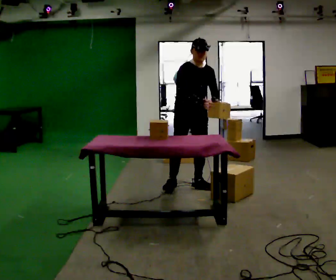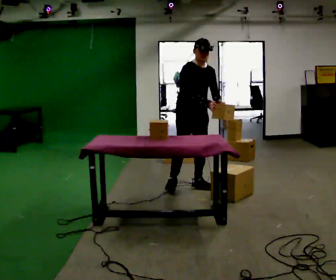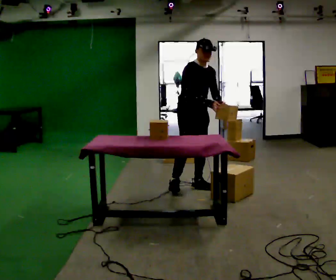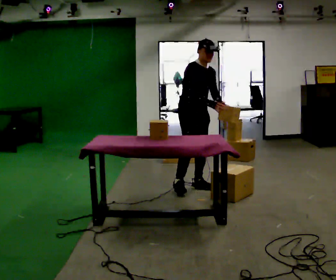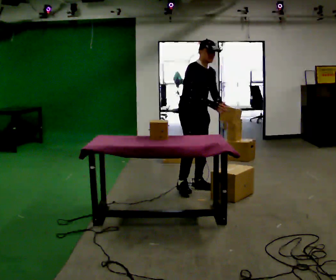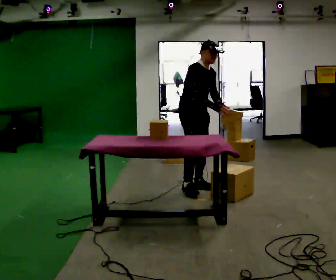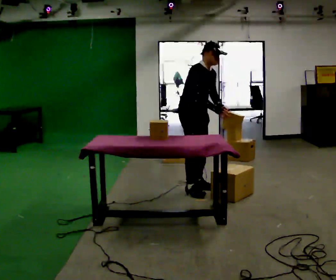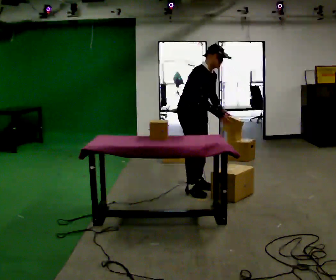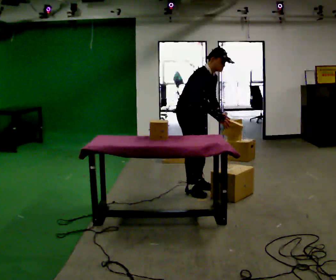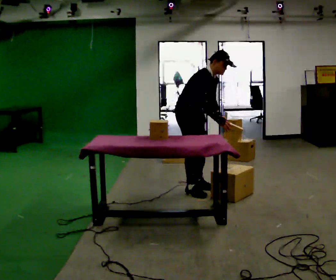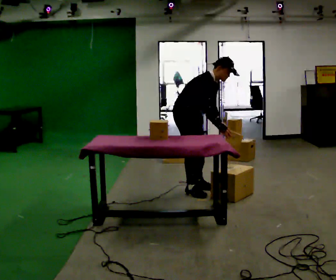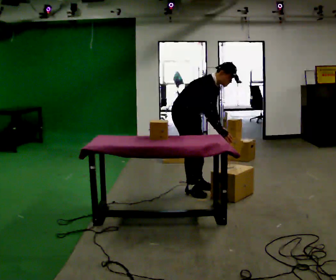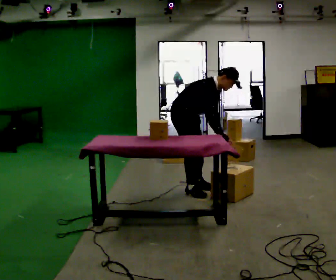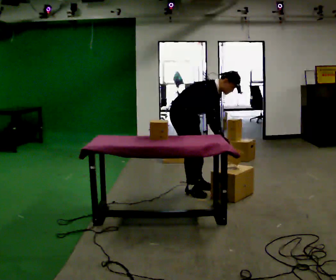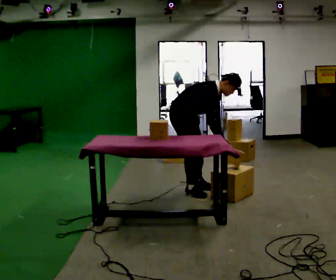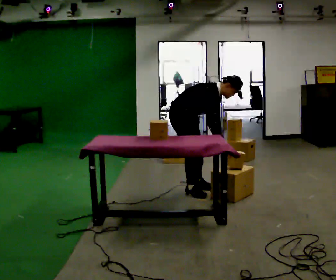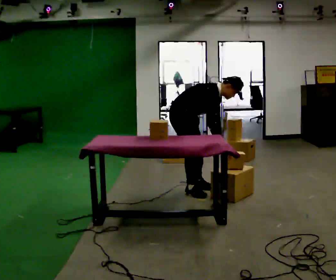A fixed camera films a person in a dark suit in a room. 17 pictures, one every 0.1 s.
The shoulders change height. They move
downward.
The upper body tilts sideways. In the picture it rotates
clockwise.
0.0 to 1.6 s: The part of the body nearest the lens slides to the right as the person turns to their left by about 45 degrees. In the picture they go toward the camera, about 0.25 m in 1 step, which for them is to their right. The shoulders move downward. In the picture the upper body tilts clockwise, shoulders to the right, as they bend forward. In the picture their left hand goes downward.
The film runs backward here.
